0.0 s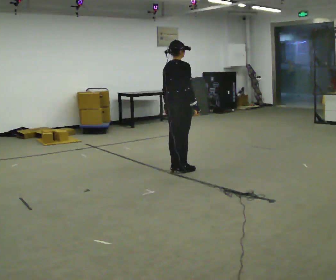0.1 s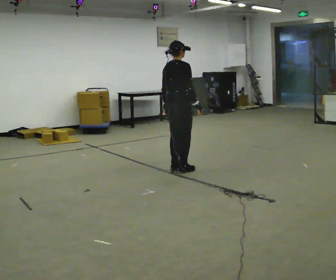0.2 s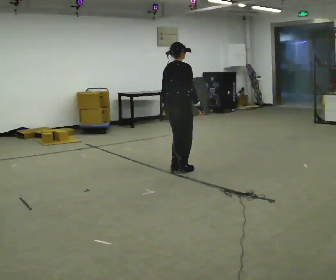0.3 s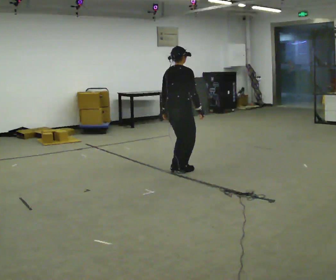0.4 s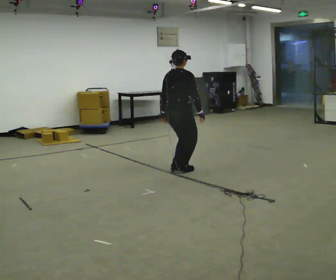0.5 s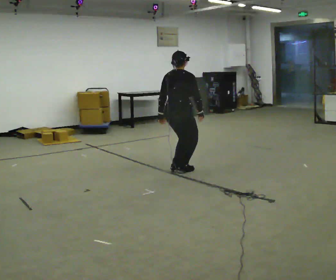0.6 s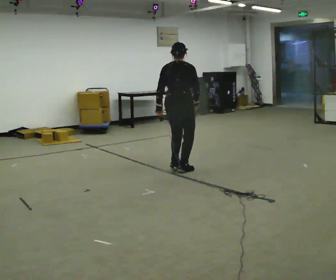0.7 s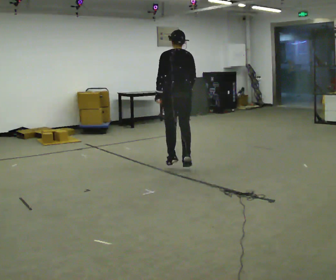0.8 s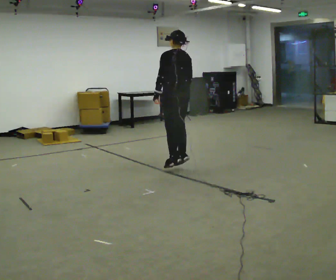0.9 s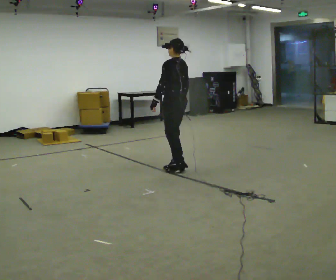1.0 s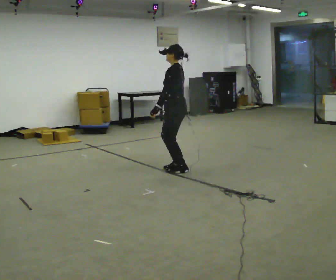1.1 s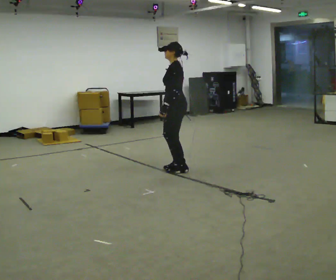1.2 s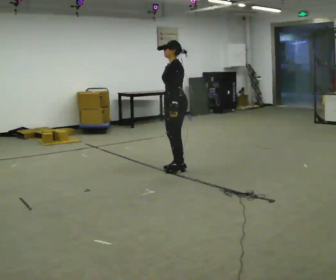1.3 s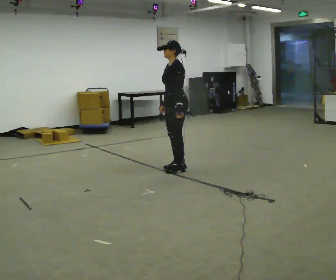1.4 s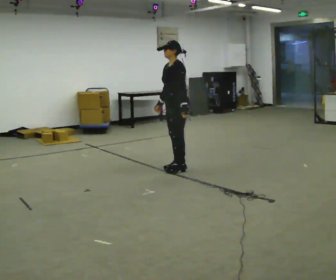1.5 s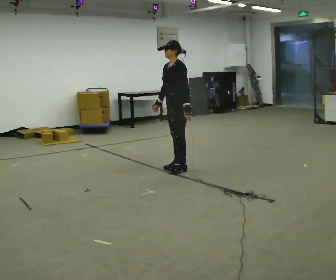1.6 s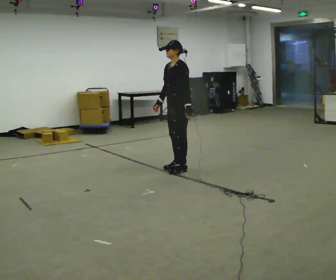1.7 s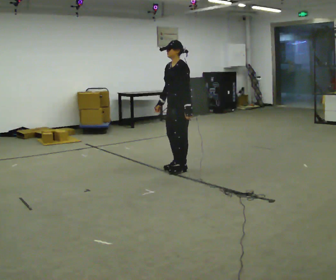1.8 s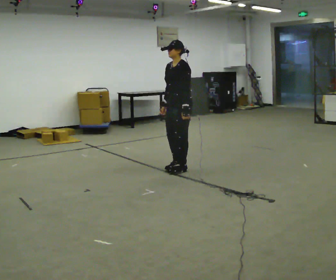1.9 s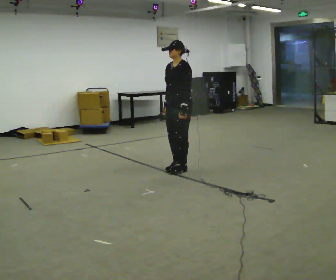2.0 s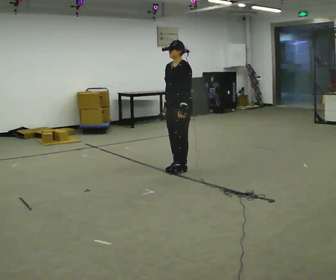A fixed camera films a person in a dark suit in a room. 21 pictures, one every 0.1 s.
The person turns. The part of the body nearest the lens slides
to the right.
The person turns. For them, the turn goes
to their left.
0.0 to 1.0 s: The person turns about 135 degrees to their left, counterclockwise seen from above, so the part of the body nearest the lens slides to the right.
1.0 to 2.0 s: Seen from above the body turns counterclockwise, about 45 degrees: to their left, with its near side sliding to the right. In the picture their left hand goes to the right.
The film runs forward here.
